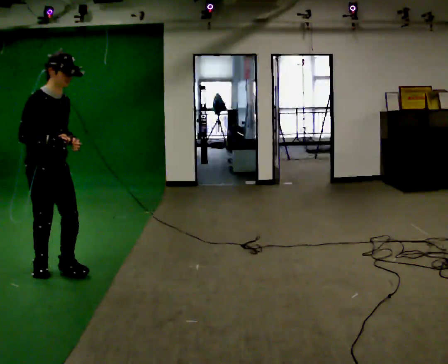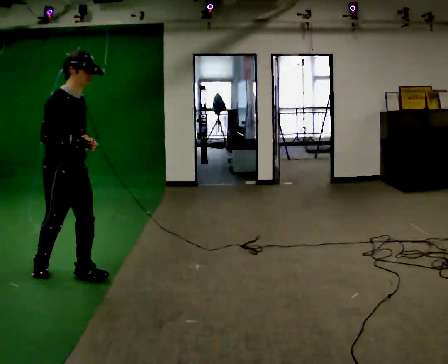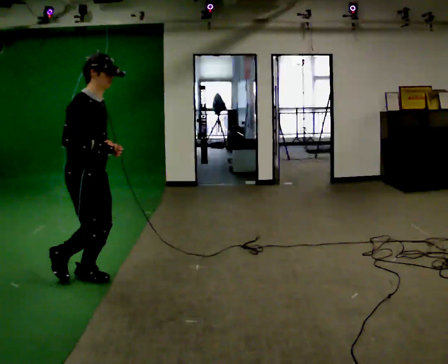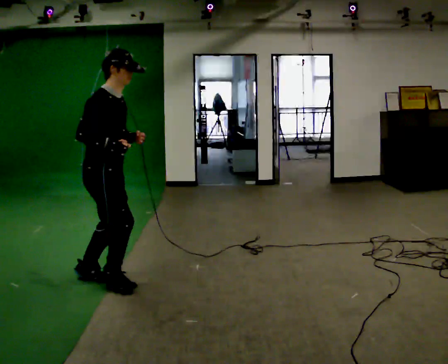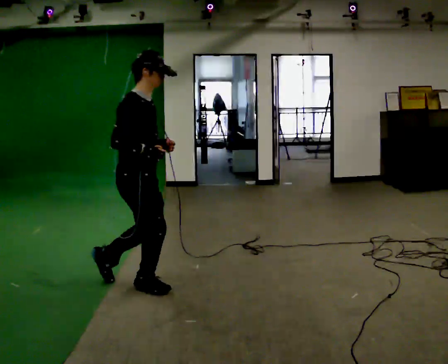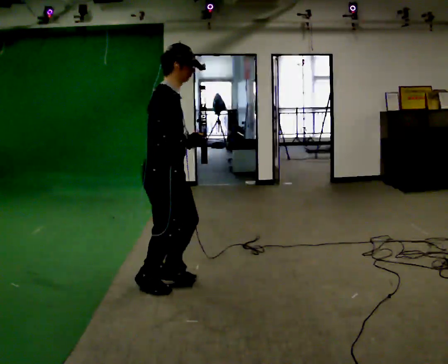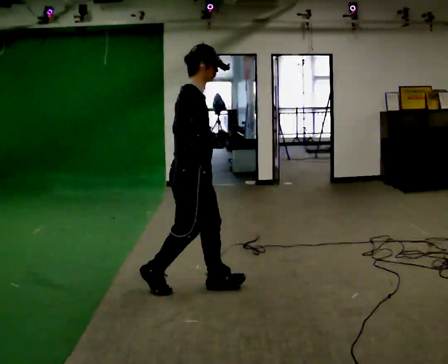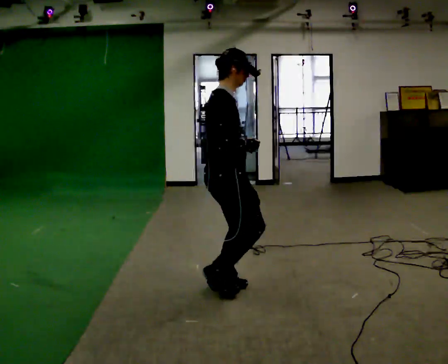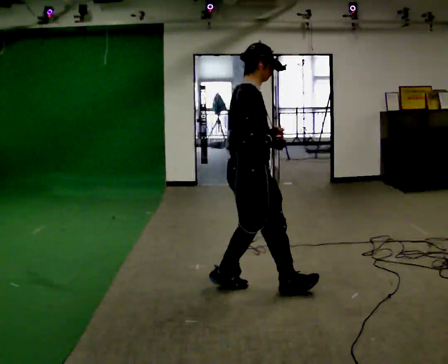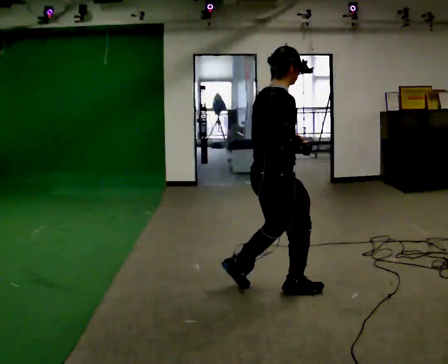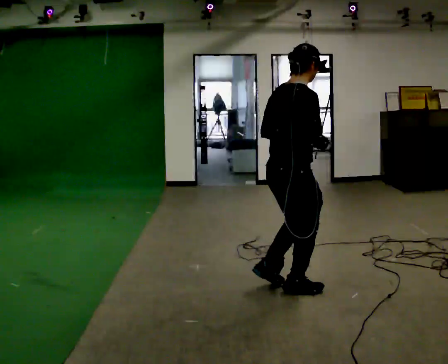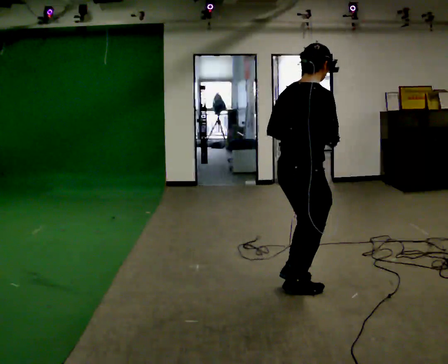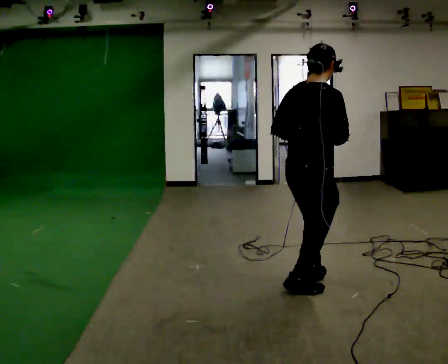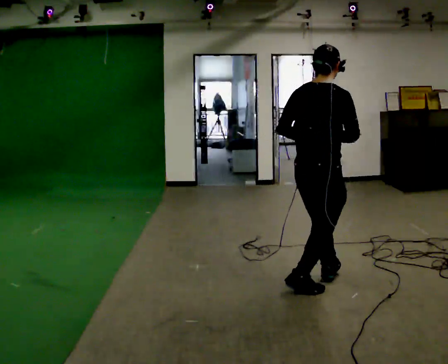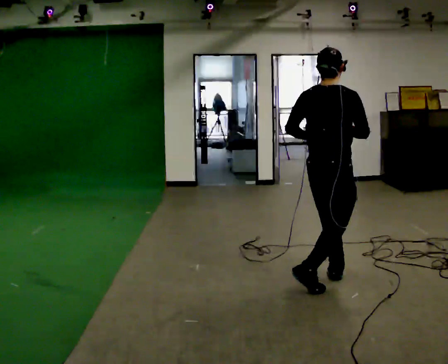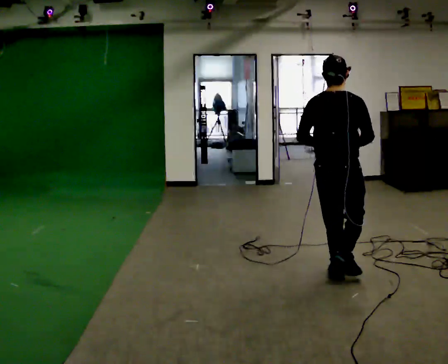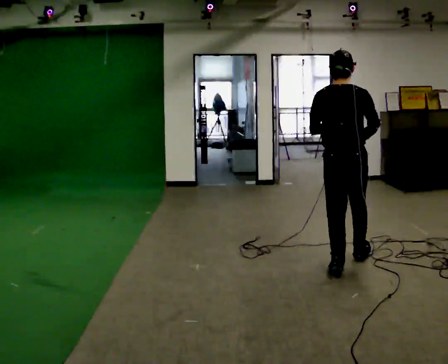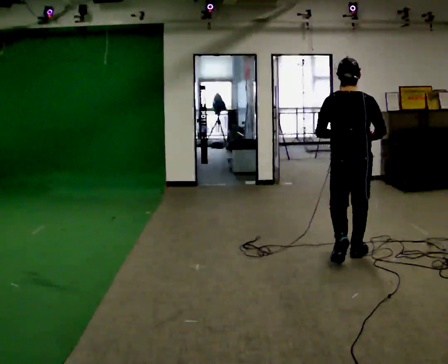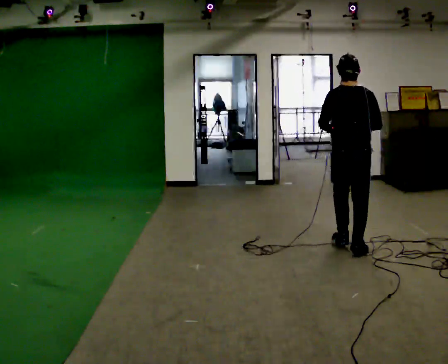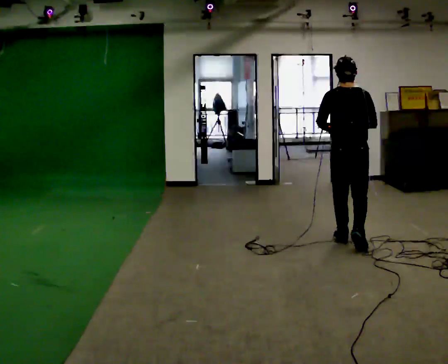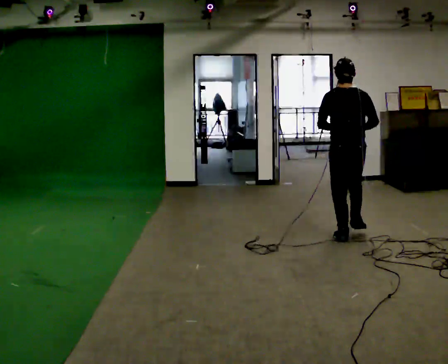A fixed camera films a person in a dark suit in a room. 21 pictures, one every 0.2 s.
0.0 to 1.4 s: Seen from above the body turns counterclockwise, about 30 degrees: to their left, with its near side sliding to the right. In the picture they go to the right, about 1.5 m in 3 steps, which for them is forward.
1.4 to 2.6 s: The part of the body nearest the lens slides to the right as the person turns to their left by about 45 degrees. In the picture they go to the right, about 0.75 m in 1 step, which for them is forward and to their right.
2.6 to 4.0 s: The person turns about 45 degrees to their left, counterclockwise seen from above, so the part of the body nearest the lens slides to the right. In the picture they go away from the camera, about 1.5 m in 3 steps, which for them is forward.
The film runs forward here.
